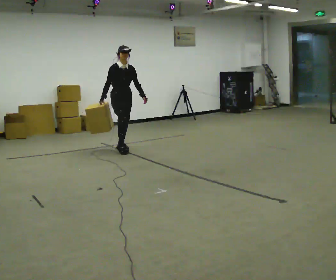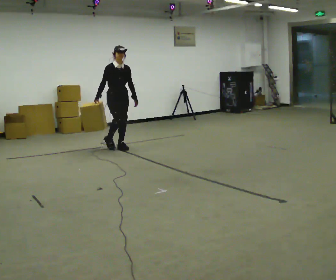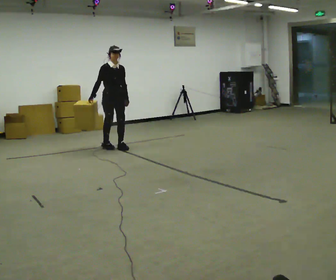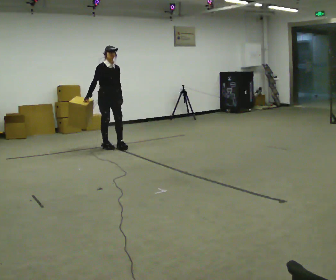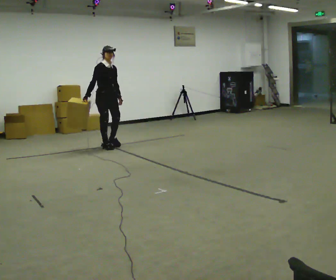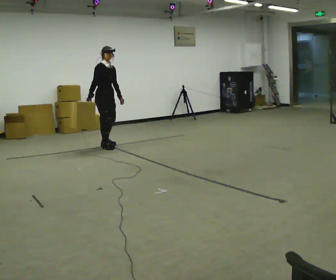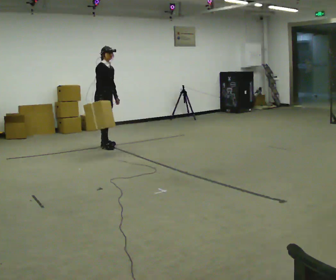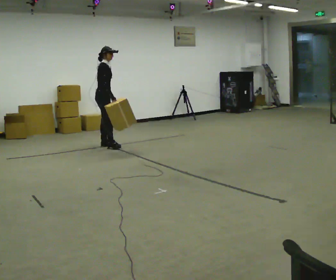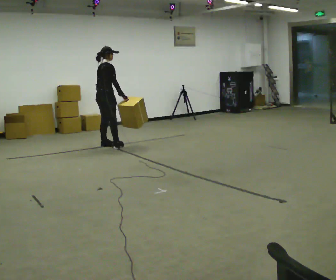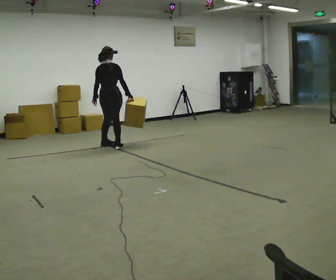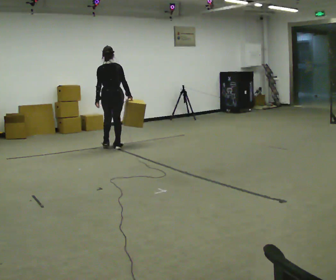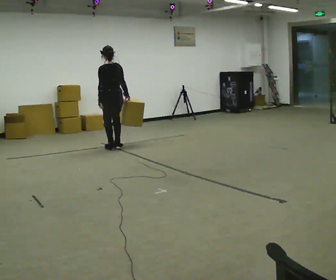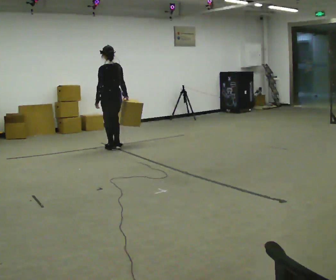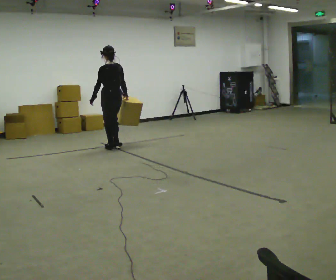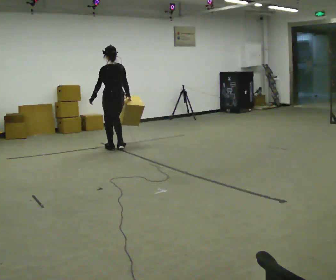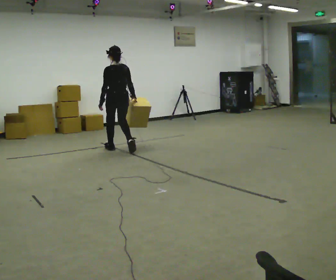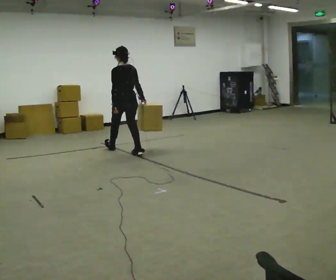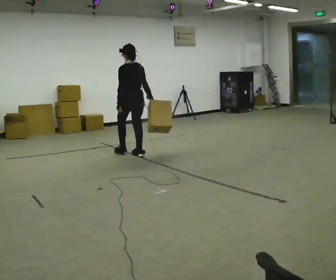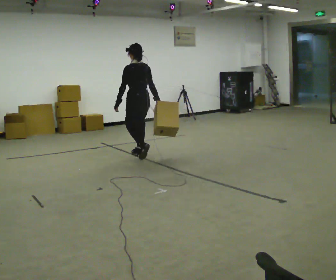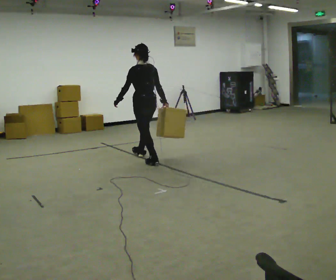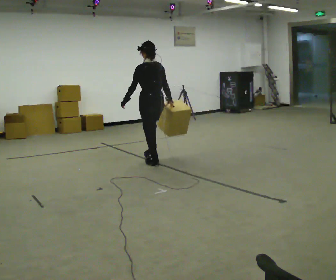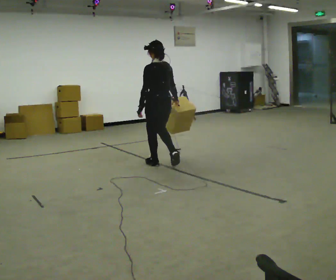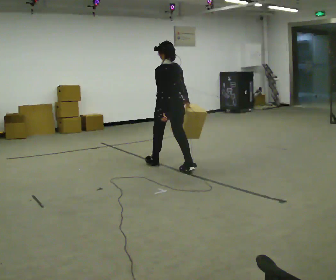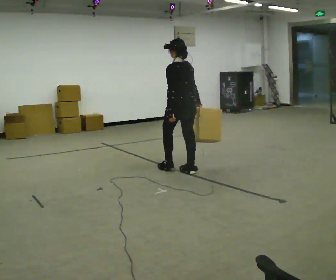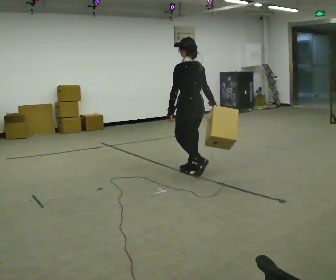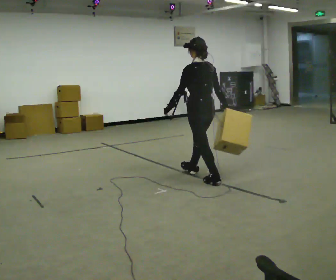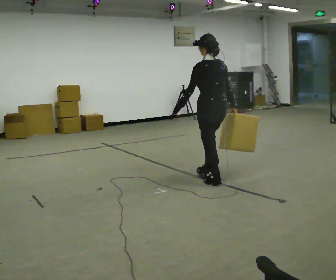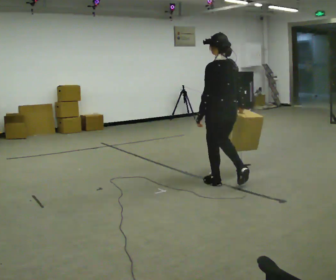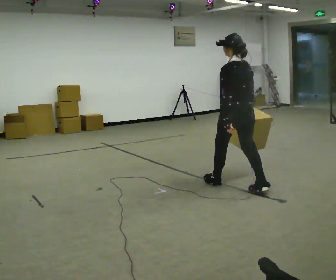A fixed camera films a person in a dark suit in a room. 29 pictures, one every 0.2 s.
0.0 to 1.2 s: The person turns about 30 degrees to their left, counterclockwise seen from above, so the part of the body nearest the lens slides to the right. In the picture they go away from the camera and to the left, about 0.5 m in 1 step, which for them is backward and to their right.
1.2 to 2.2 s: The part of the body nearest the lens slides to the right as the person turns to their left by about 150 degrees. In the picture their right hand goes to the right, the arm swinging counterclockwise.
2.2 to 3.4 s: In the picture they go toward the camera and to the right, about 0.5 m in 2 steps, which for them is backward.
3.4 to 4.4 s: In the picture they go toward the camera and to the right, about 1 m in 1 step, which for them is backward.
4.4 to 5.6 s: In the picture they go toward the camera and to the right, about 1 m in 2 steps, which for them is backward.
The film runs backward here.
